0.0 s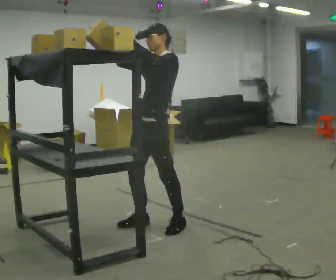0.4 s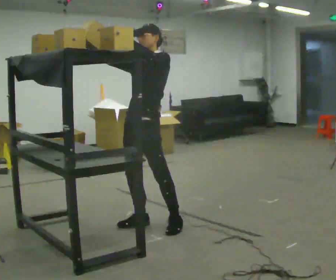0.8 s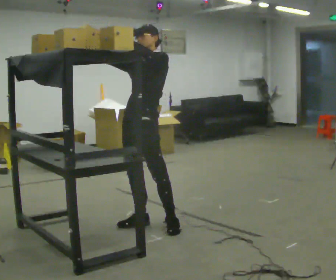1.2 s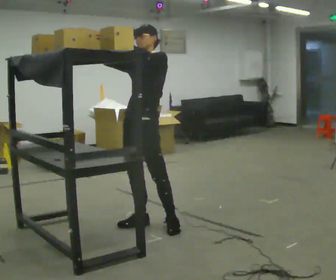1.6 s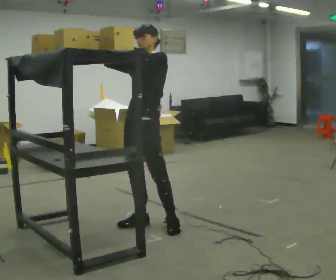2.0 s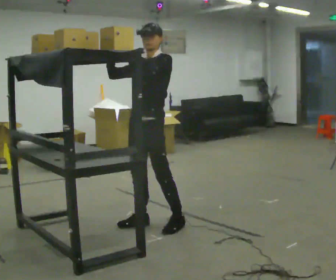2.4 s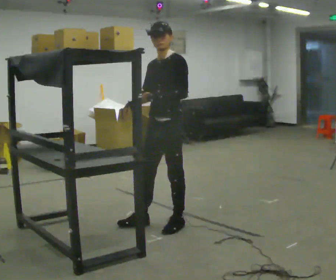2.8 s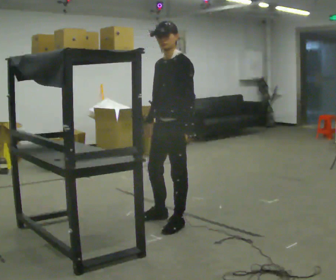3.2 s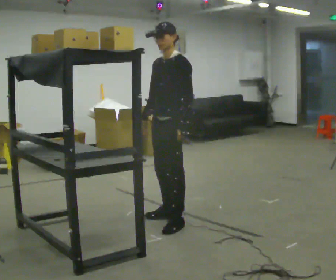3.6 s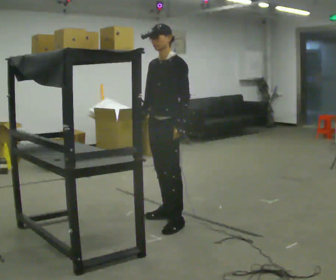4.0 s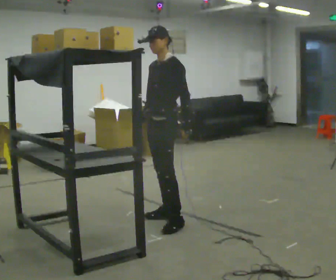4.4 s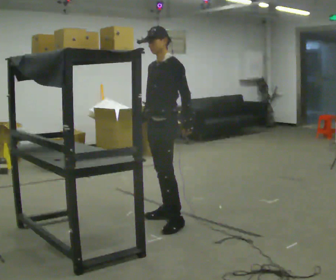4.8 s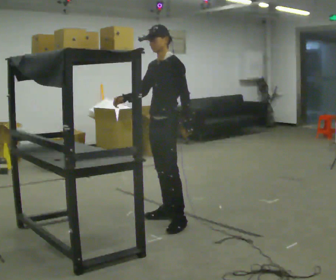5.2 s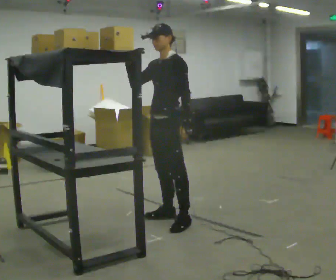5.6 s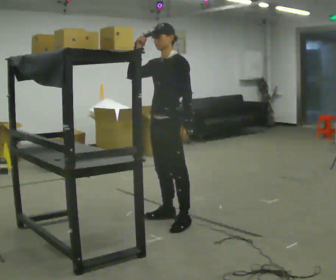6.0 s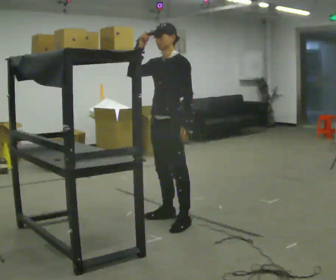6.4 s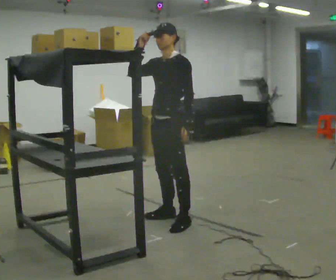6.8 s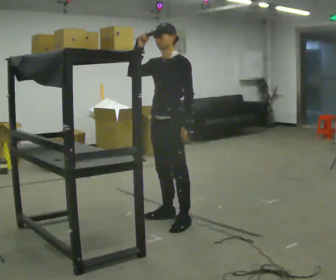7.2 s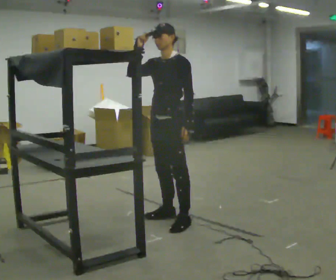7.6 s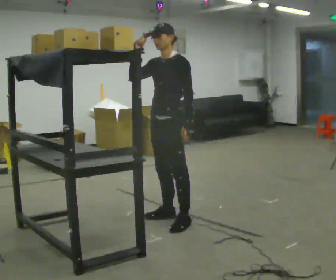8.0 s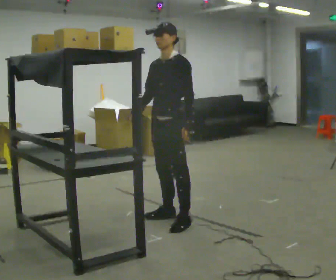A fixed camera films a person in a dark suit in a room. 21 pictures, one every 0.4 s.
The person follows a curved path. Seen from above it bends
counterclockwise.
Their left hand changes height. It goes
downward.
0.0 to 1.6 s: The person moves a little, or ends about where they began.
1.6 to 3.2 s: In the picture they go to the right, about 0.25 m in 1 step, which for them is backward. In the picture their left hand goes downward and to the right.
3.2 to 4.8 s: The person moves a little, or ends about where they began.
4.8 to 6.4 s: In the picture their right hand goes upward.
6.4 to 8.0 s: In the picture their right hand goes downward.
The film runs forward here.
